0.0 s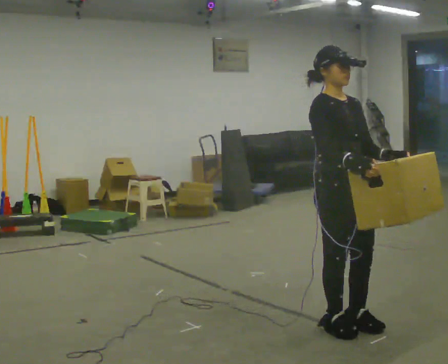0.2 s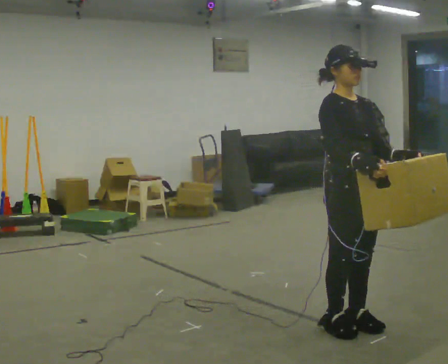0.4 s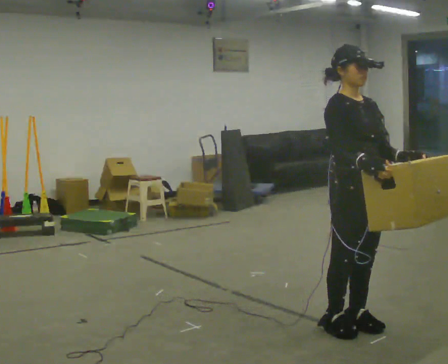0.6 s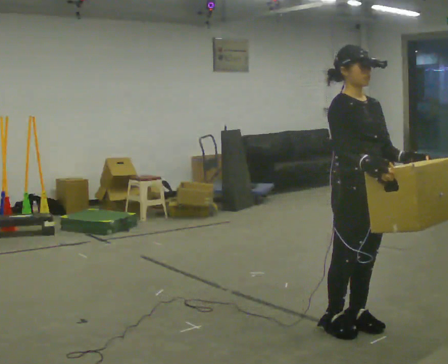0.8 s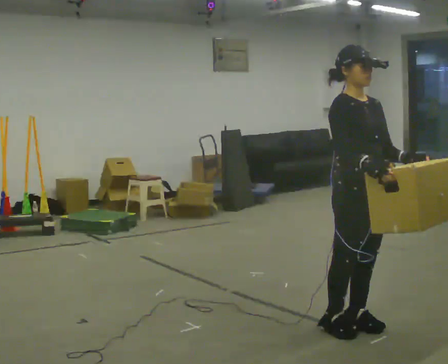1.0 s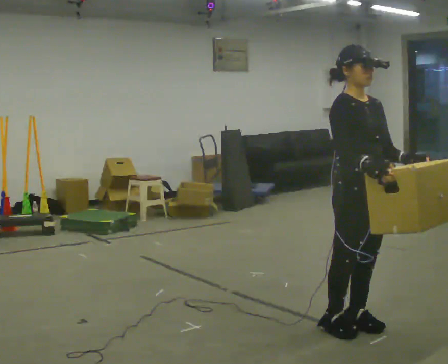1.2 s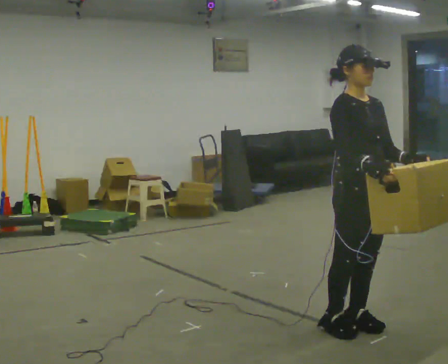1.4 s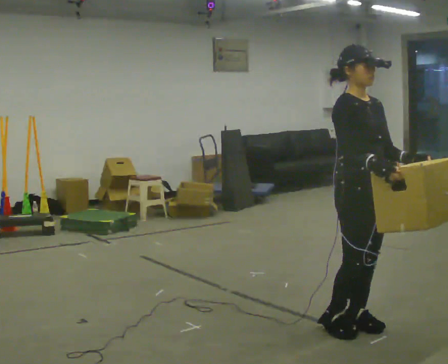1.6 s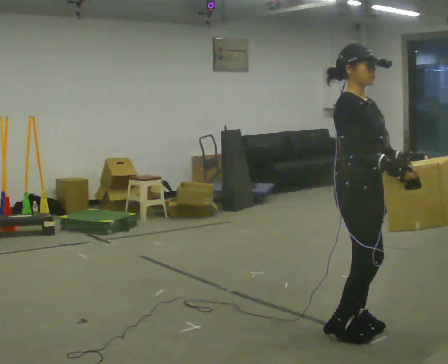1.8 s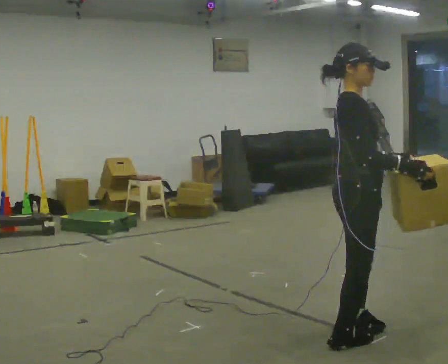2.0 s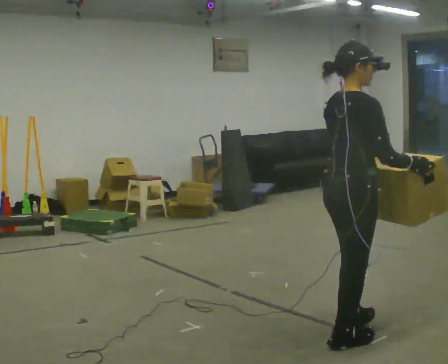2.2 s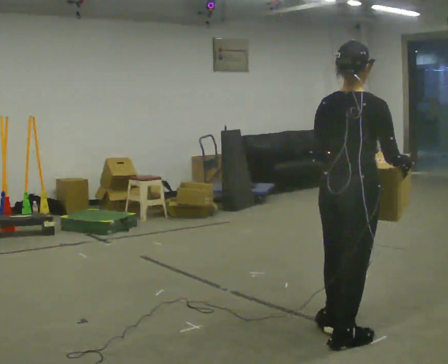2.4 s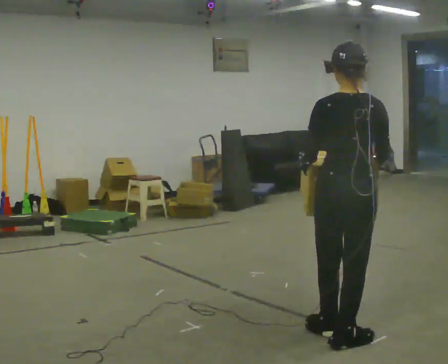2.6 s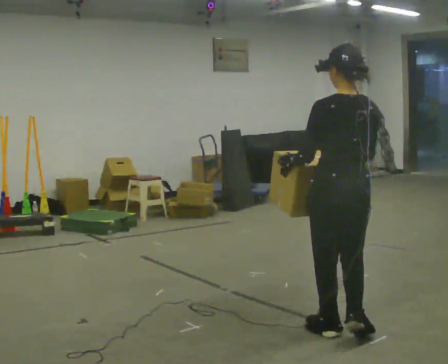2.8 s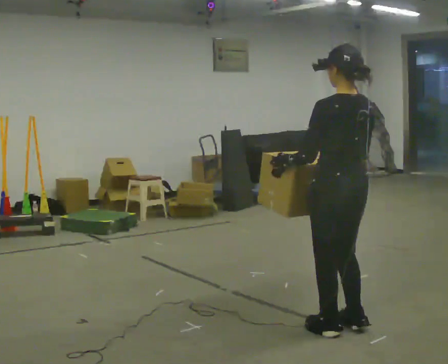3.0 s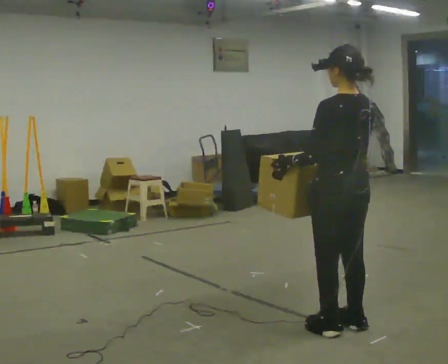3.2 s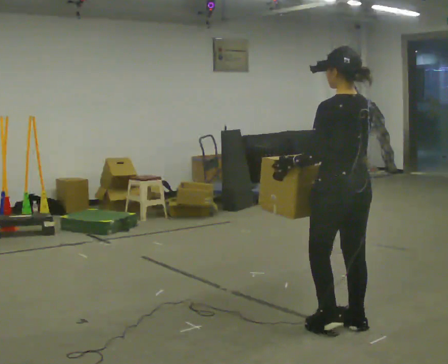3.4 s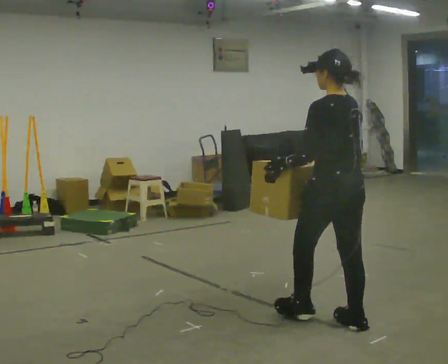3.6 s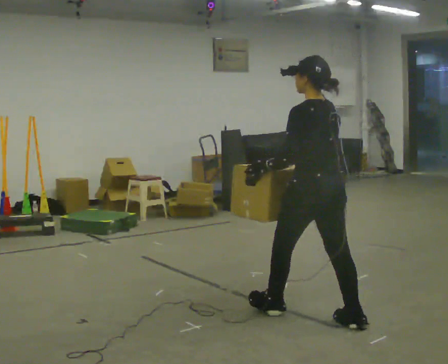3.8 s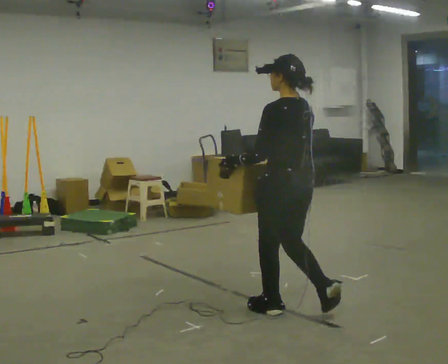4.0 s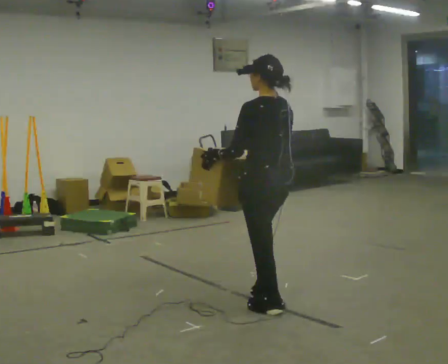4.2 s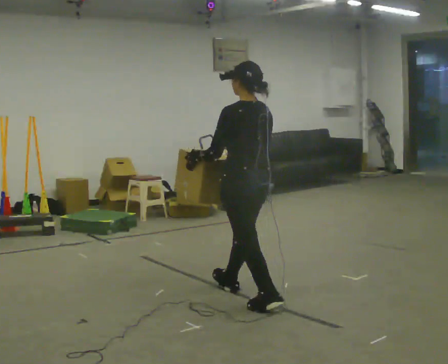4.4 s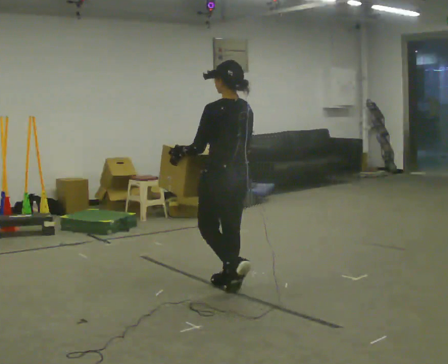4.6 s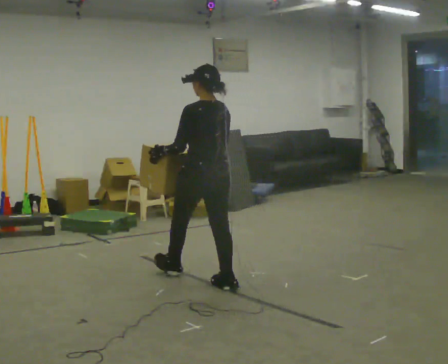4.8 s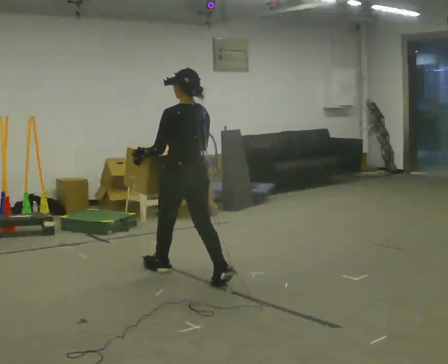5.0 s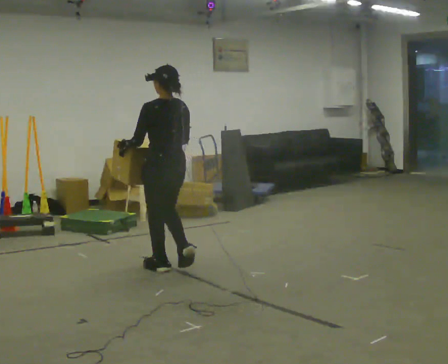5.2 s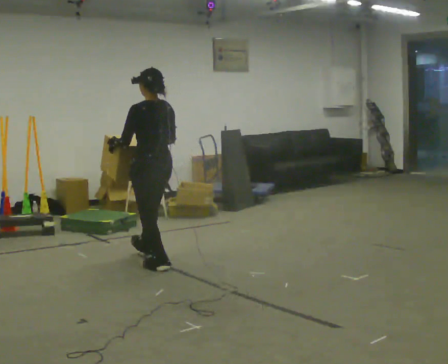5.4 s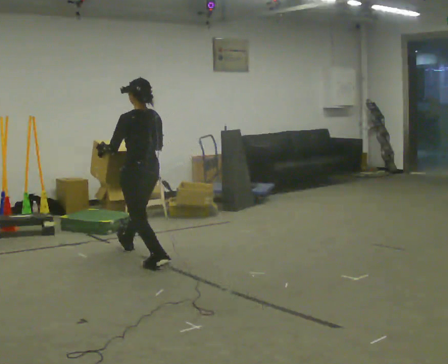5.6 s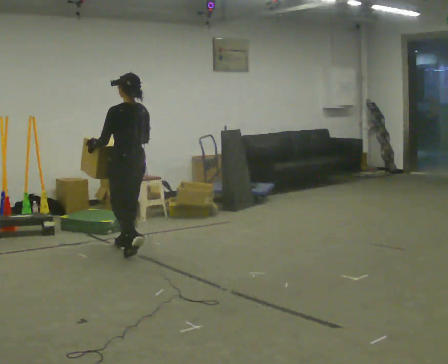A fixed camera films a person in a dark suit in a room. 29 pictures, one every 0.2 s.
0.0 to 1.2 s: The person moves a little, or ends about where they began.
1.2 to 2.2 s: The person turns about 105 degrees to their left, counterclockwise seen from above, so the part of the body nearest the lens slides to the right.
2.2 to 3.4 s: The part of the body nearest the lens slides to the right as the person turns to their left by about 75 degrees. In the picture they go away from the camera, about 0.25 m in 1 step.
3.4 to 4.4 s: In the picture they go to the left and away from the camera, about 1 m in 2 steps, which for them is forward.
4.4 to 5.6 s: In the picture they go to the left and away from the camera, about 1.5 m in 2 steps, which for them is forward.
The film runs forward here.
